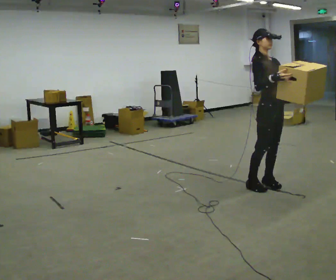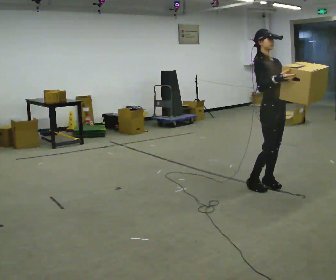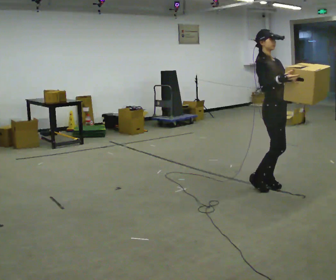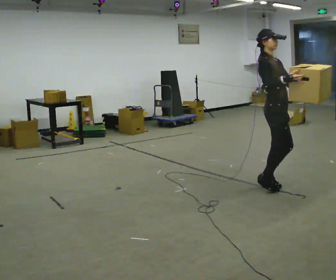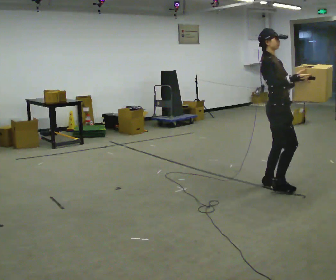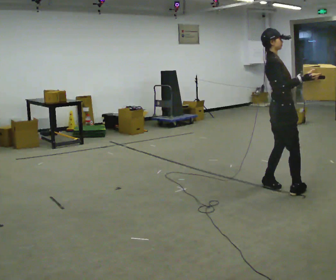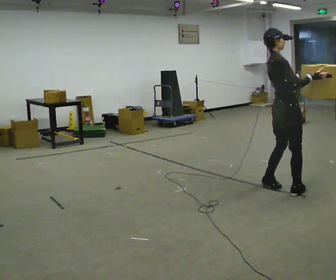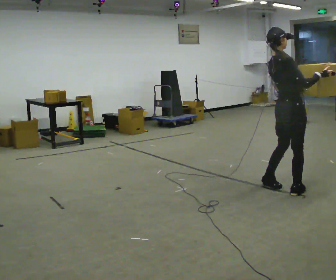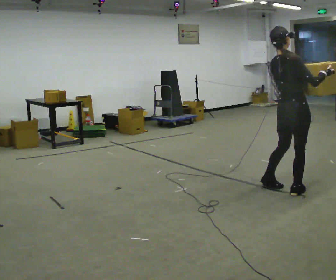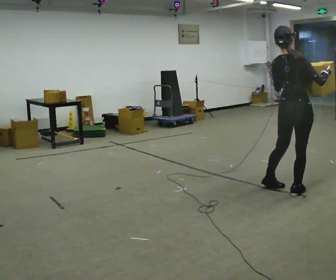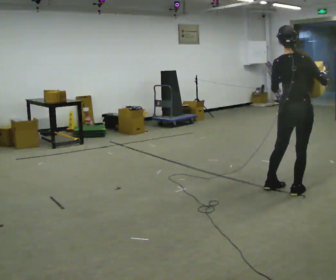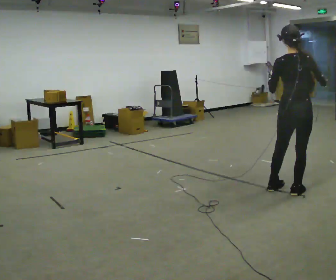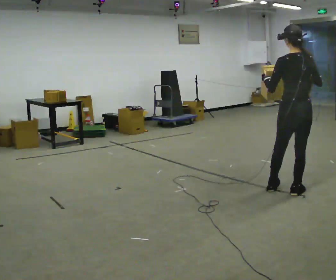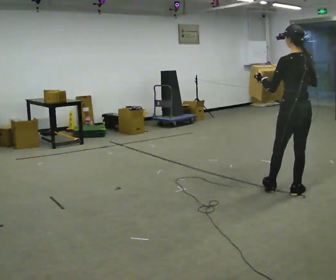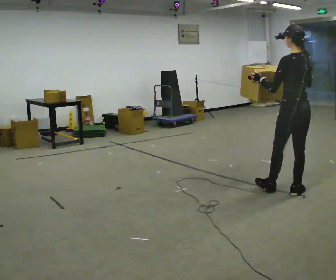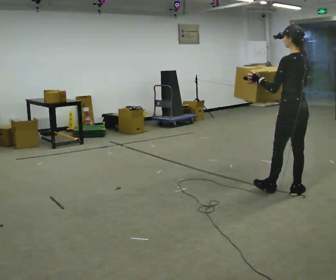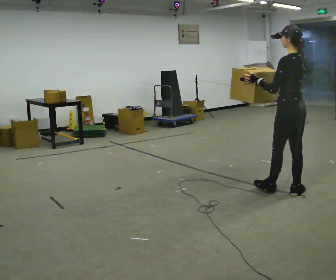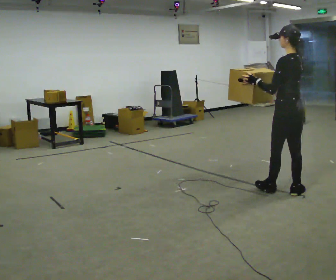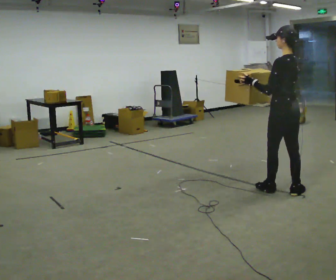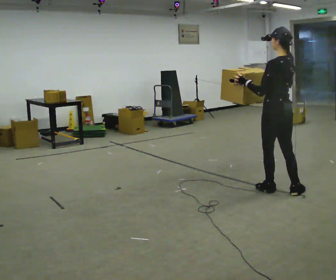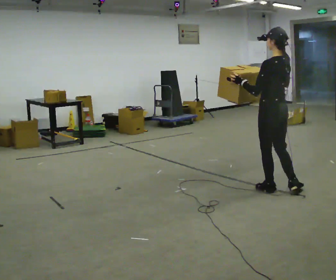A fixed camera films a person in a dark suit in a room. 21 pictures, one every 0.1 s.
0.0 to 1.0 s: The part of the body nearest the lens slides to the right as the person turns to their left by about 120 degrees. In the picture they go to the right and toward the camera, about 0.25 m in 1 step.
1.0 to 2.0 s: Seen from above the body turns counterclockwise, about 60 degrees: to their left, with its near side sliding to the right. In the picture they go to the left, about 0.25 m in 1 step. In the picture their right hand goes to the left.
The film runs forward here.
